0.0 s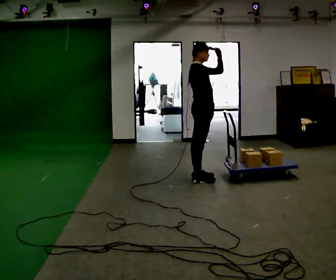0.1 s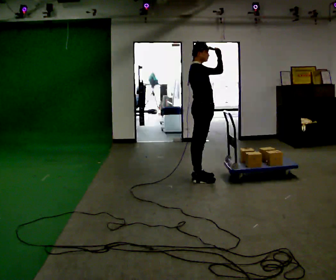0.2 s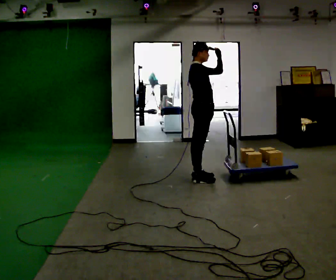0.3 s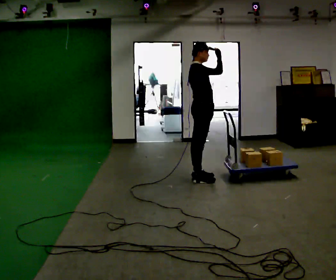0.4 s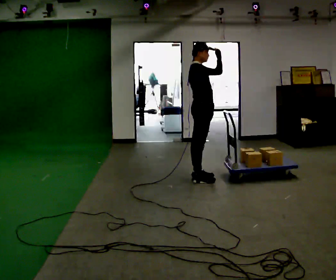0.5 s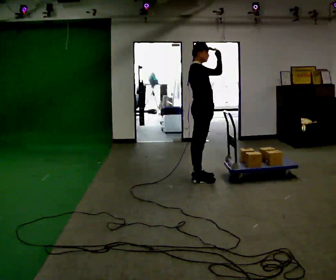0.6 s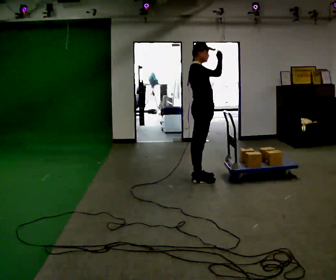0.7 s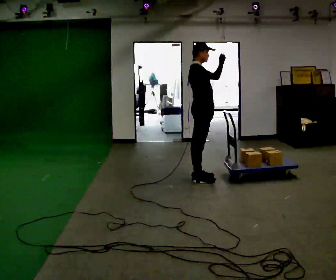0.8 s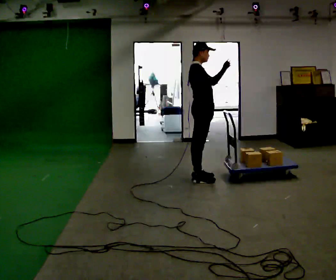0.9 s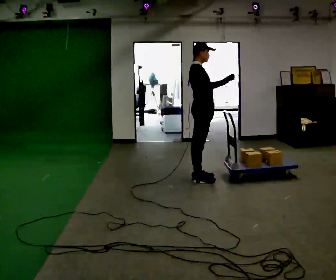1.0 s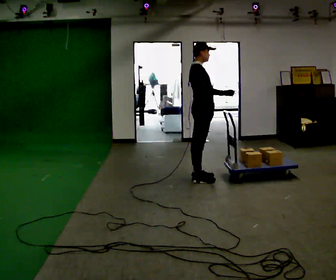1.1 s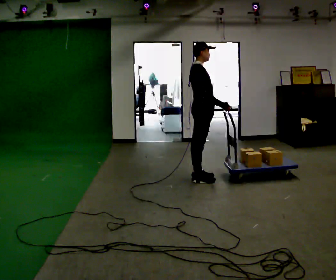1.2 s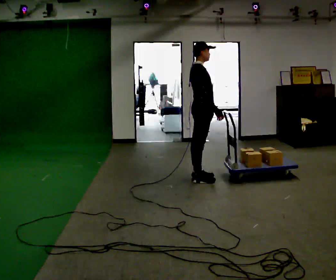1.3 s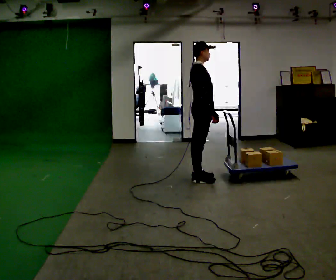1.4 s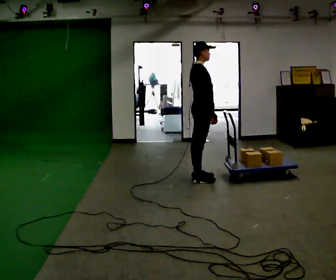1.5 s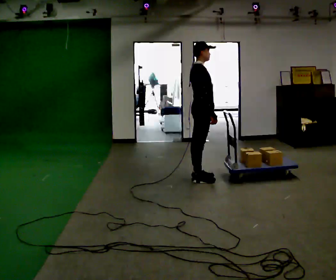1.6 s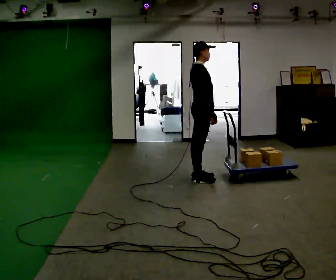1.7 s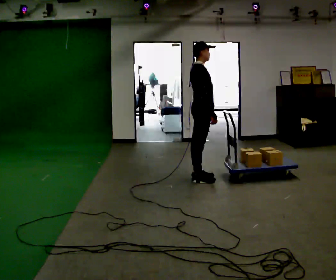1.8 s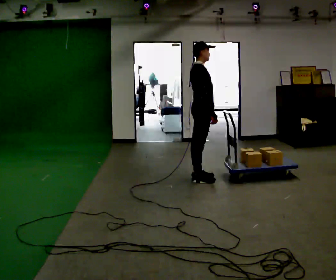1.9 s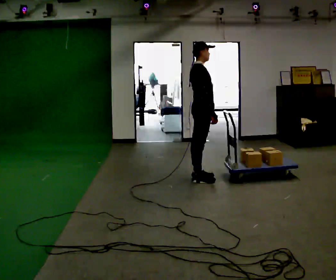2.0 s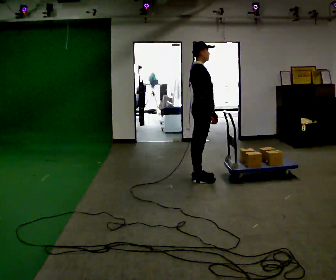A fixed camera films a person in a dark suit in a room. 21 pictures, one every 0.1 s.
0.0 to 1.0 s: In the picture their right hand goes downward, the arm swinging clockwise.
1.0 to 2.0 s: The person moves a little, or ends about where they began.
The film runs backward here.
